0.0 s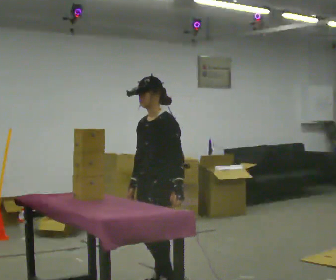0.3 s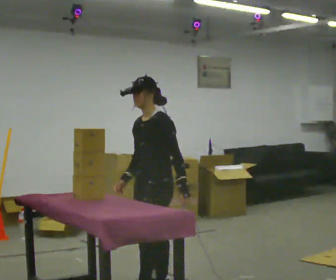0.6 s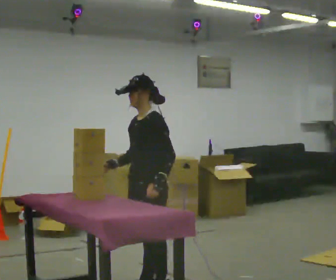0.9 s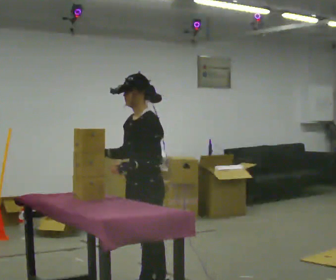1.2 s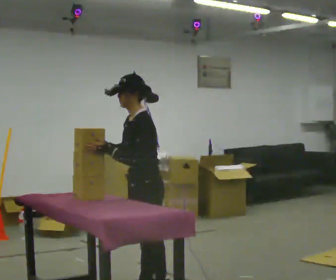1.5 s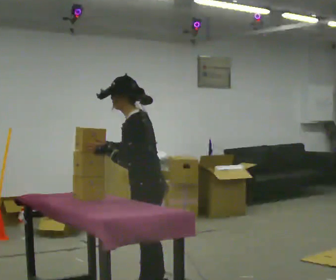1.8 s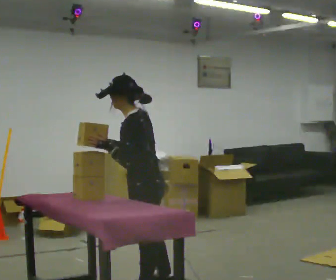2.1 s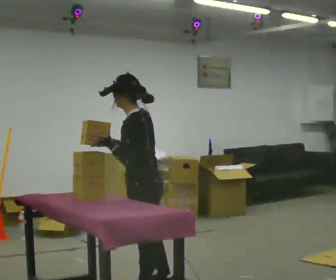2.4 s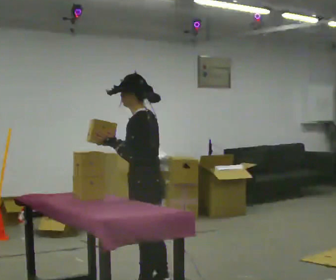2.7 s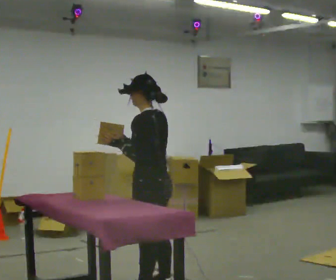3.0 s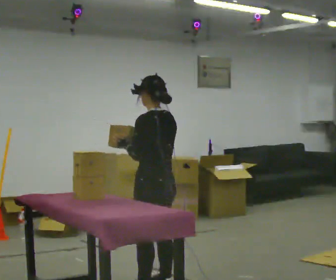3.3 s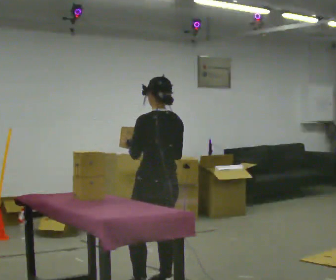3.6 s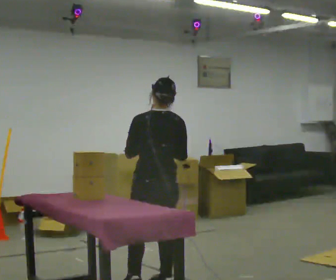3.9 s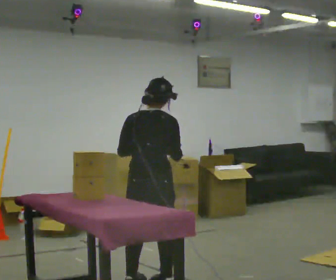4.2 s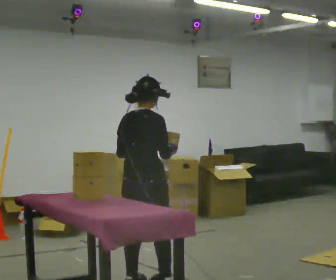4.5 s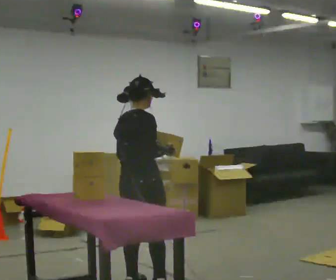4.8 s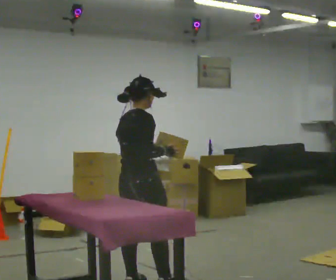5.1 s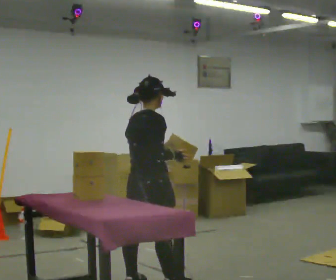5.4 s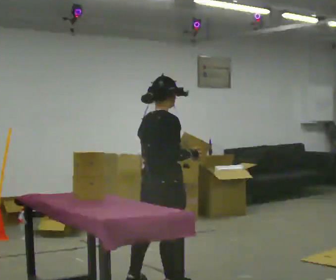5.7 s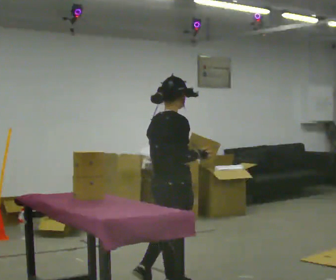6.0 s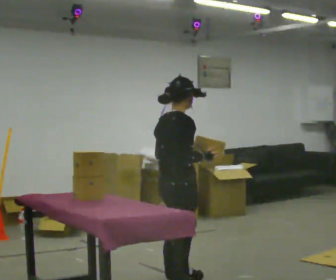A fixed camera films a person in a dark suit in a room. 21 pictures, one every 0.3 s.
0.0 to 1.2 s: Seen from above the body turns clockwise, about 30 degrees: to their right, with its near side sliding to the left. In the picture their left hand goes to the left.
1.2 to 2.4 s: The person moves a little, or ends about where they began.
2.4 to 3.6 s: The person turns about 60 degrees to their right, clockwise seen from above, so the part of the body nearest the lens slides to the left. In the picture they go away from the camera, about 0.25 m, which for them is to their right. In the picture their right hand goes to the right.
3.6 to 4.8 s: Seen from above the body turns clockwise, about 75 degrees: to their right, with its near side sliding to the left.
4.8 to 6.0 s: In the picture they go to the right, about 0.25 m, which for them is to their right and forward.
The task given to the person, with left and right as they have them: Take each object from the table and put it in the bin that matches it, walking between the bins. Keep going until the operator says stop; one object at a time, and do not rush between trips.
The film runs forward here.
